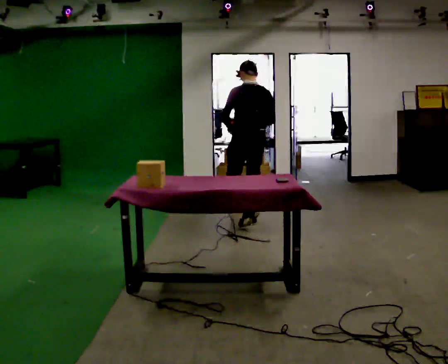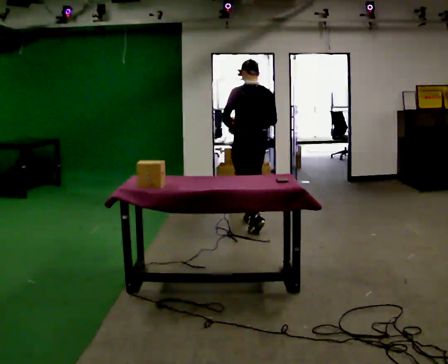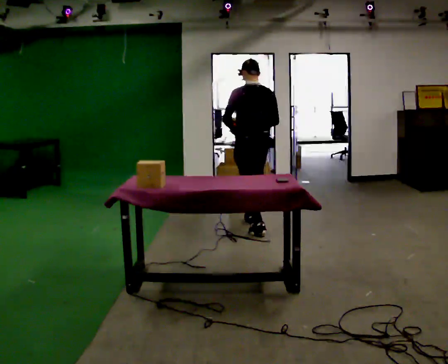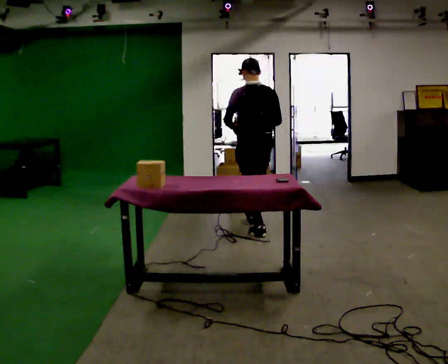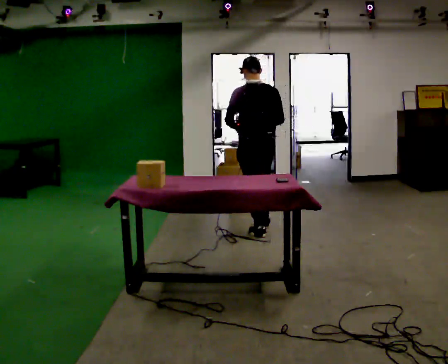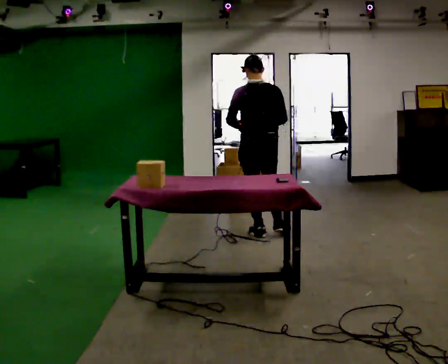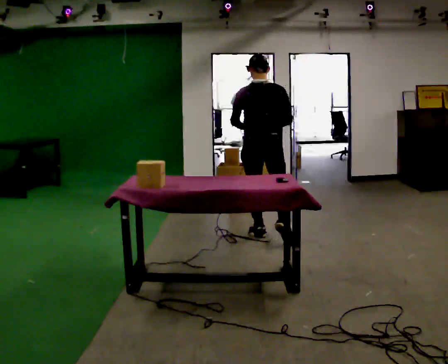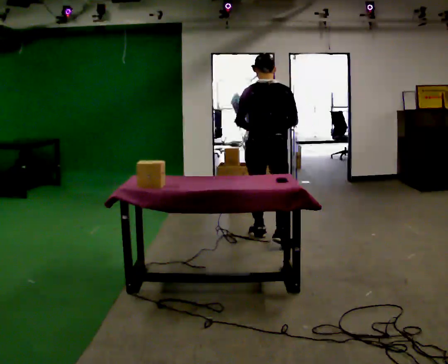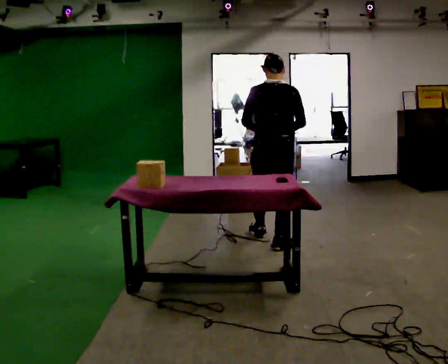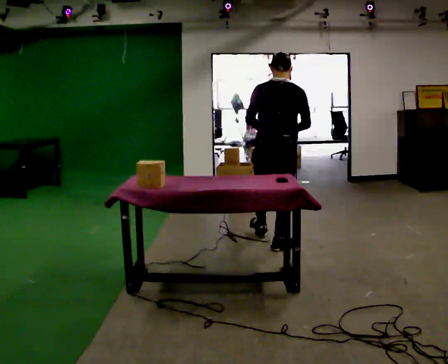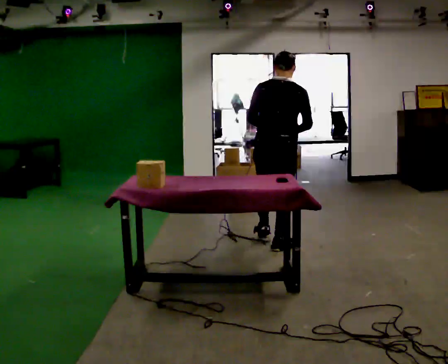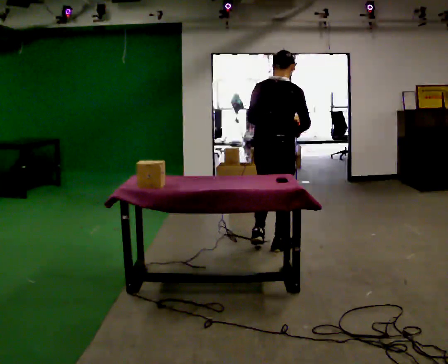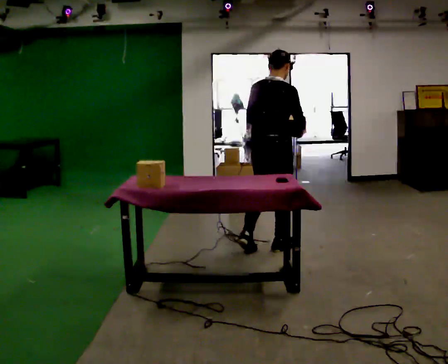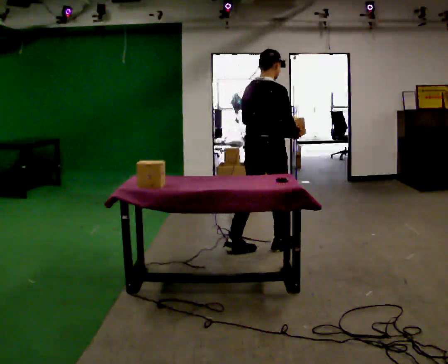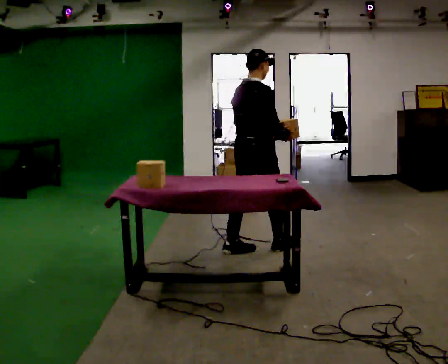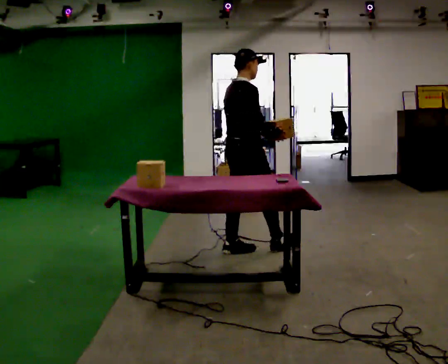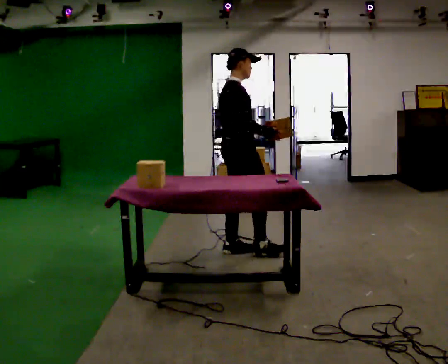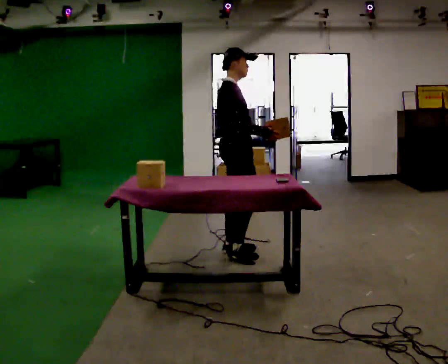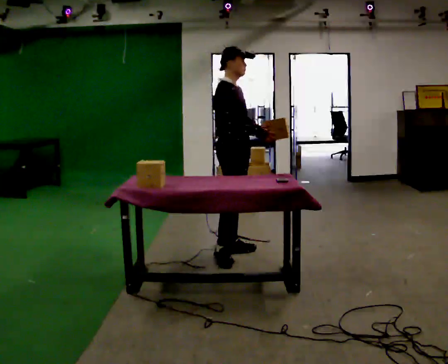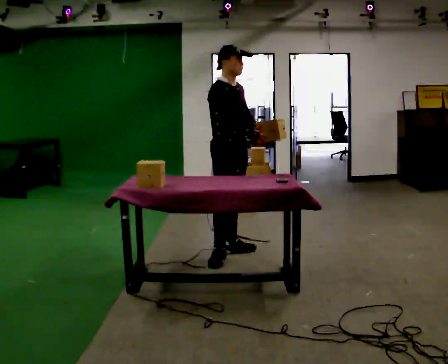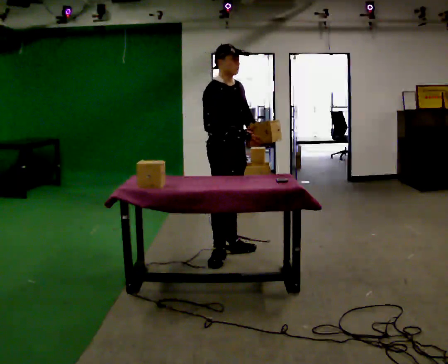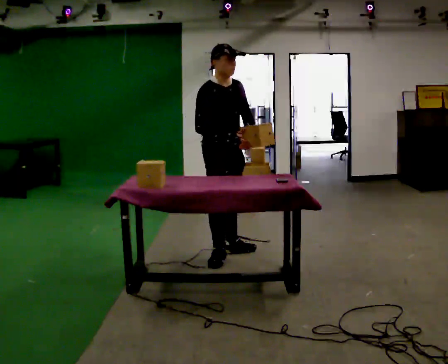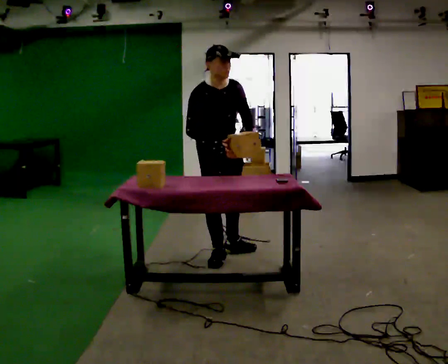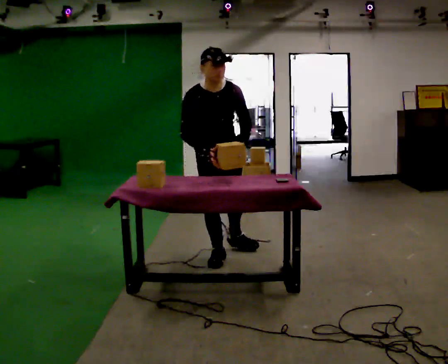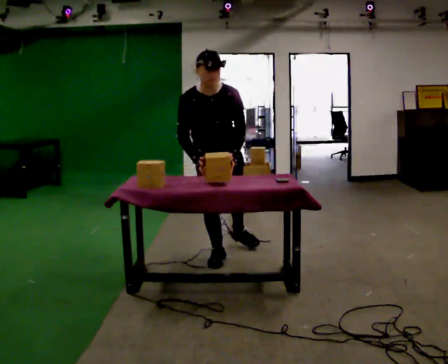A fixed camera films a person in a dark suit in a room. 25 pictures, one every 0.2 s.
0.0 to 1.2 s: In the picture they go toward the camera, about 0.5 m in 1 step, which for them is backward.
1.2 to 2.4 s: The part of the body nearest the lens slides to the left as the person turns to their right by about 45 degrees. In the picture they go toward the camera, about 0.5 m in 1 step, which for them is backward.
2.4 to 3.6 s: The part of the body nearest the lens slides to the left as the person turns to their right by about 60 degrees. In the picture they go to the left, about 0.25 m in 1 step.
3.6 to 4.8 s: Seen from above the body turns clockwise, about 60 degrees: to their right, with its near side sliding to the left. The upper body tips toward the camera, its near side rolling downward, as they bend forward.
The film runs backward here.
